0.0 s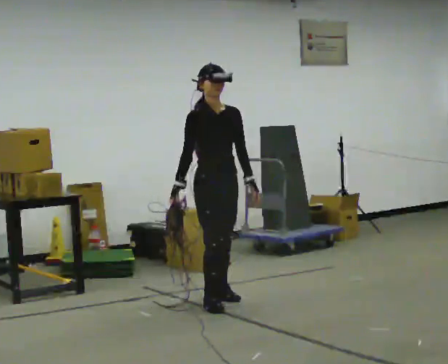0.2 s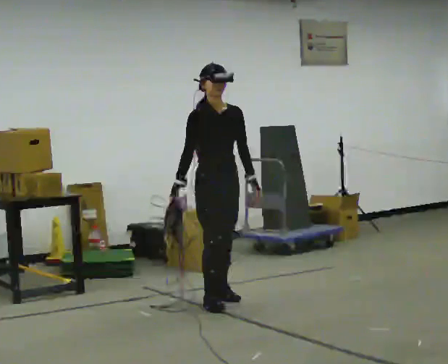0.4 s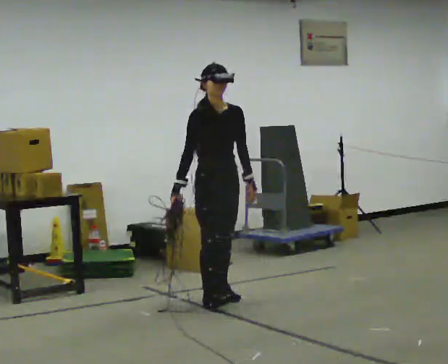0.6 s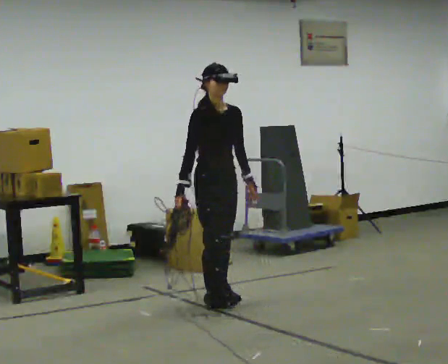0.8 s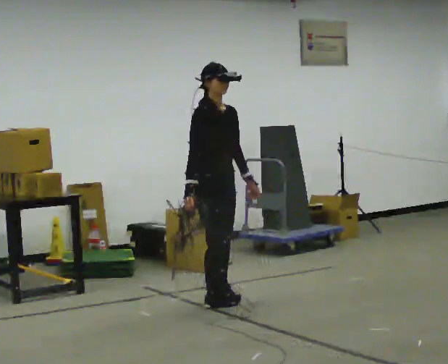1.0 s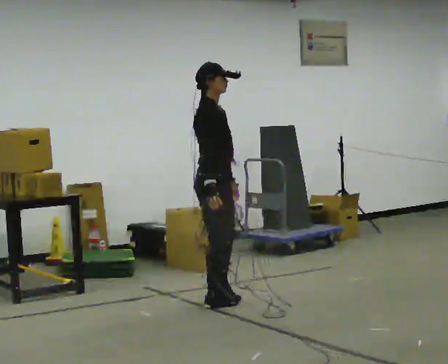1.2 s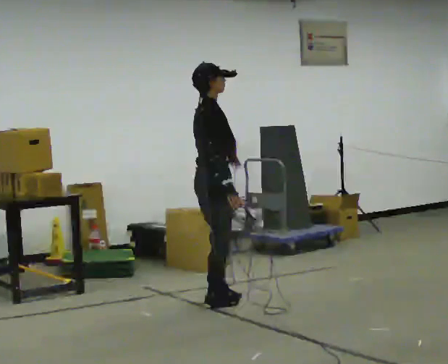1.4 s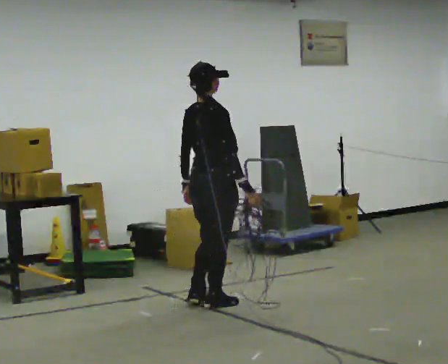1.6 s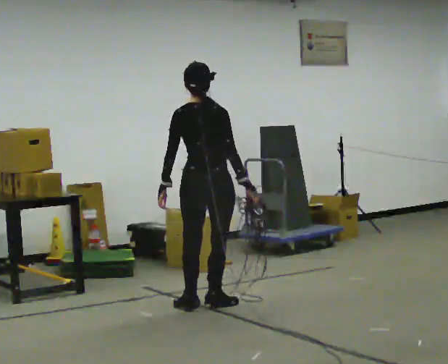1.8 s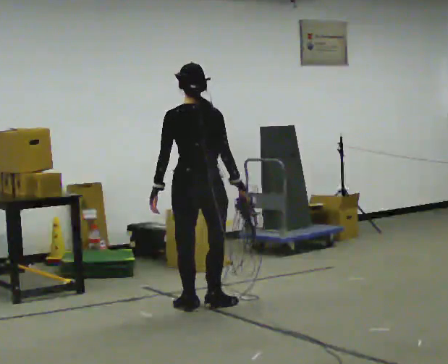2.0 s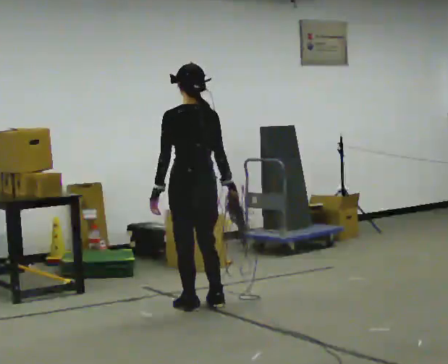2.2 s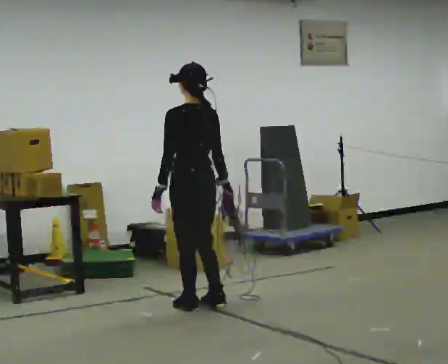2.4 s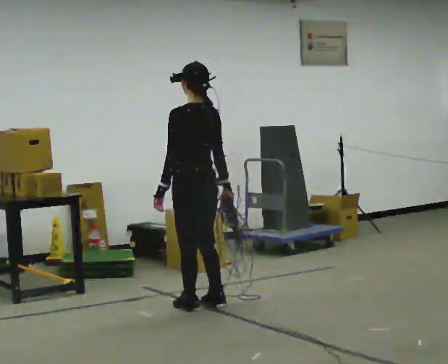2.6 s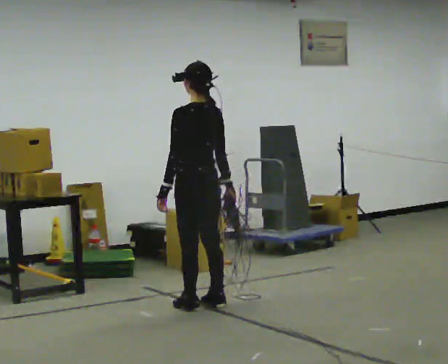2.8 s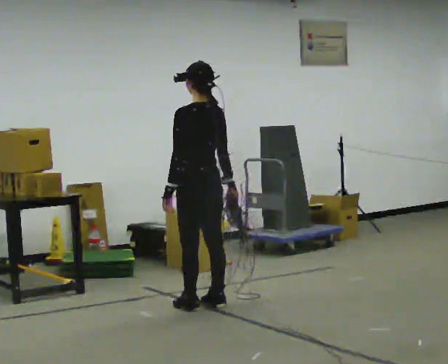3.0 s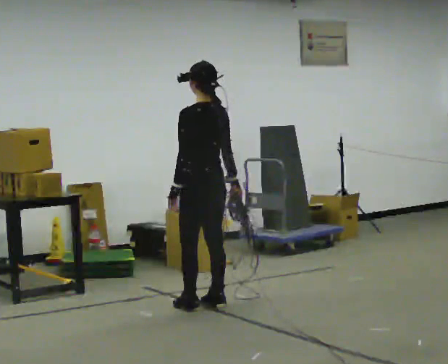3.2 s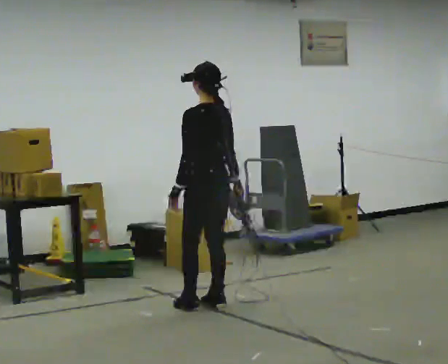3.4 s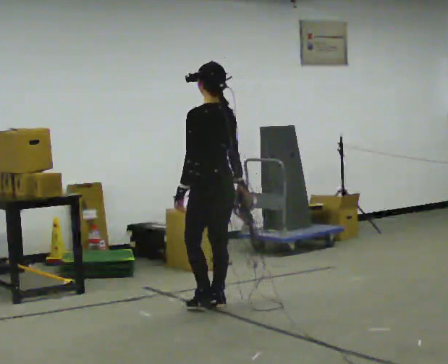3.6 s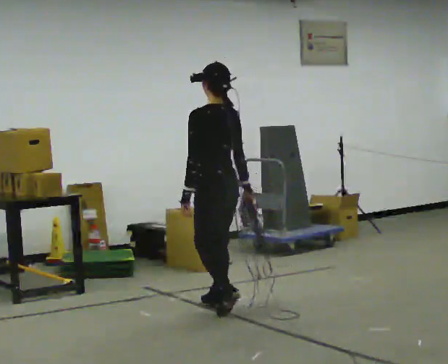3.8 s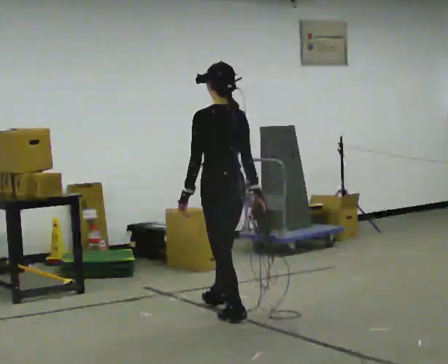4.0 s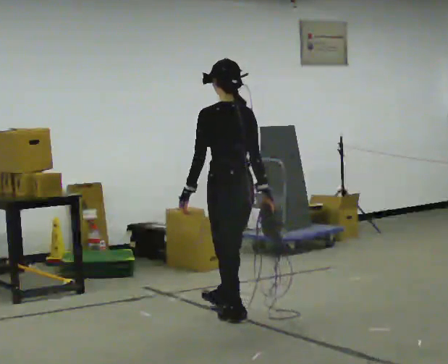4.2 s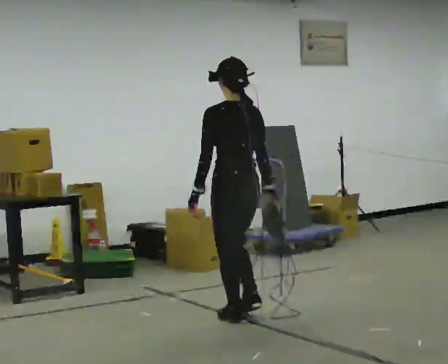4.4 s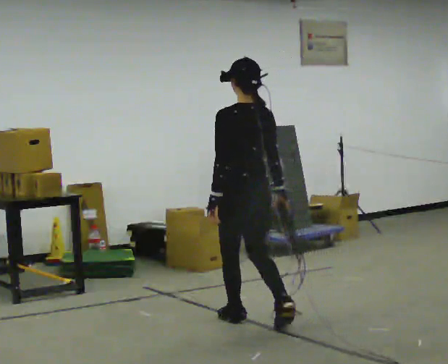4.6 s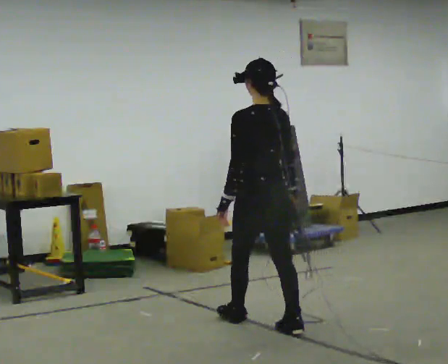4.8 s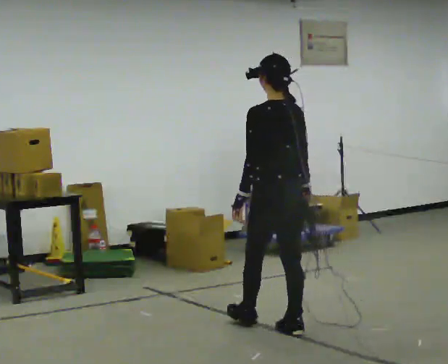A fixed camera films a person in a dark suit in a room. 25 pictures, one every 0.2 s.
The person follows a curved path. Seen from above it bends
counterclockwise.
The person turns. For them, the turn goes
to their left.
0.0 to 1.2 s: The person turns about 75 degrees to their left, counterclockwise seen from above, so the part of the body nearest the lens slides to the right. In the picture their right hand goes to the right.
1.2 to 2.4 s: The part of the body nearest the lens slides to the right as the person turns to their left by about 120 degrees.
2.4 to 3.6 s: The person moves a little, or ends about where they began.
3.6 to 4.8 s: In the picture they go toward the camera and to the right, about 0.5 m in 2 steps, which for them is backward.
The film runs backward here.
